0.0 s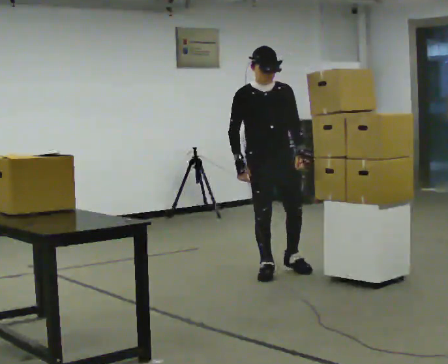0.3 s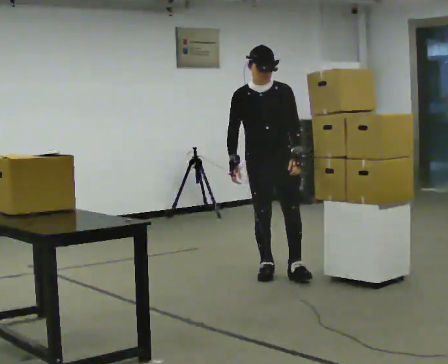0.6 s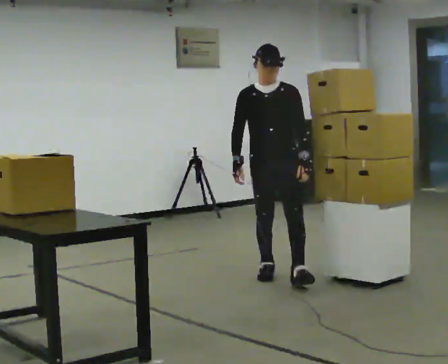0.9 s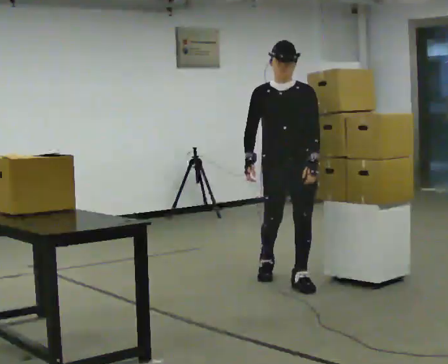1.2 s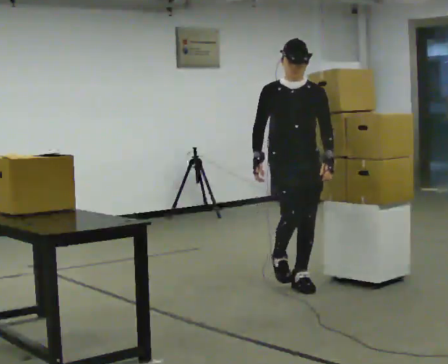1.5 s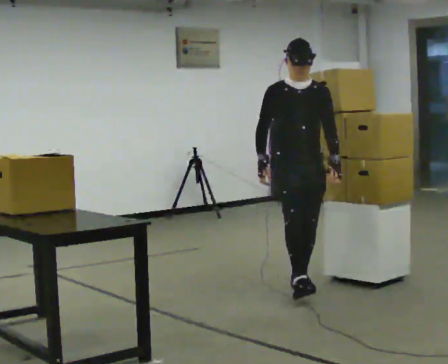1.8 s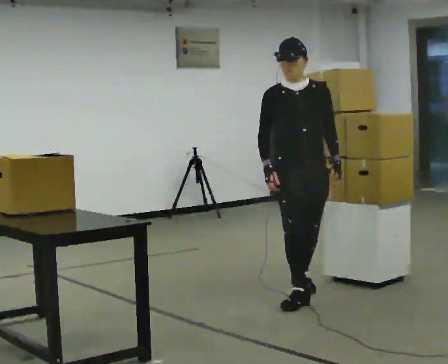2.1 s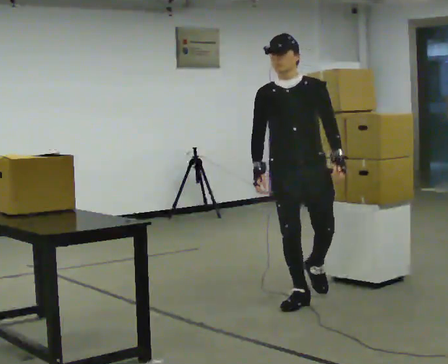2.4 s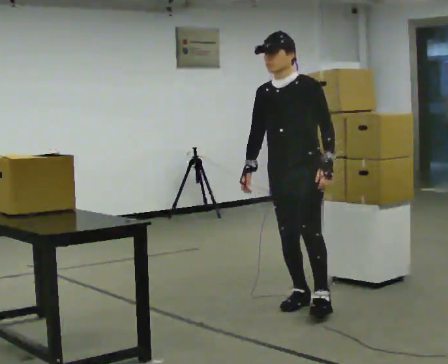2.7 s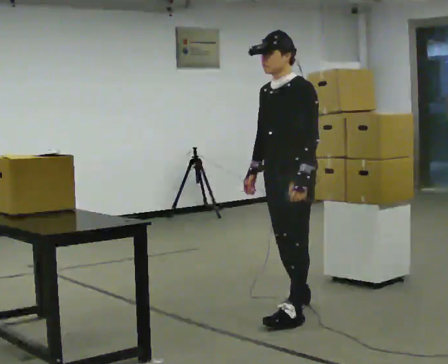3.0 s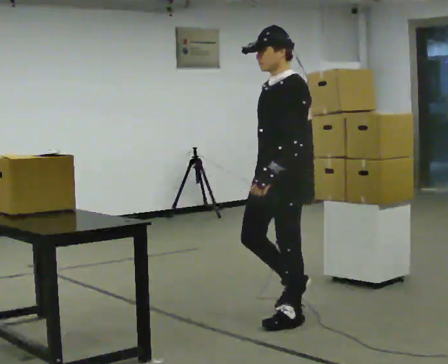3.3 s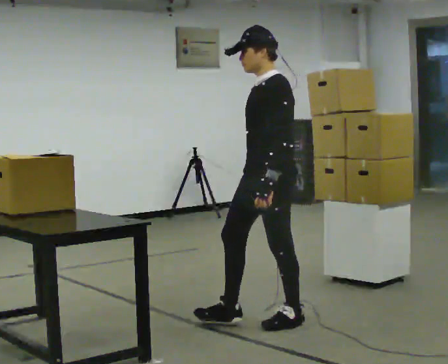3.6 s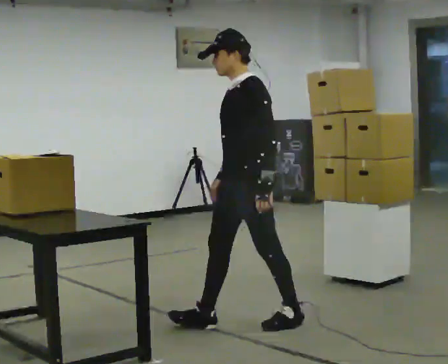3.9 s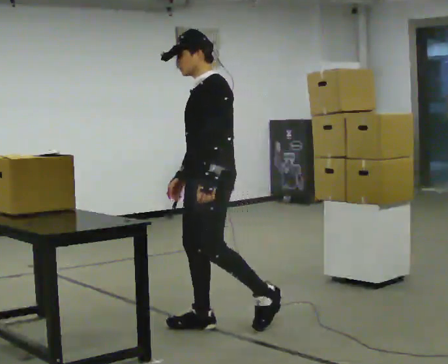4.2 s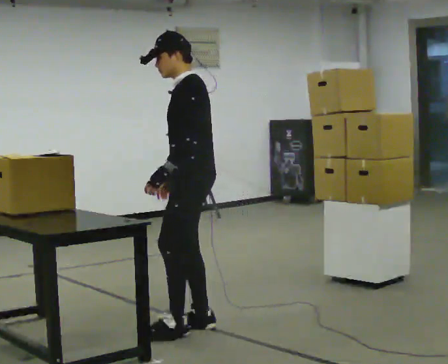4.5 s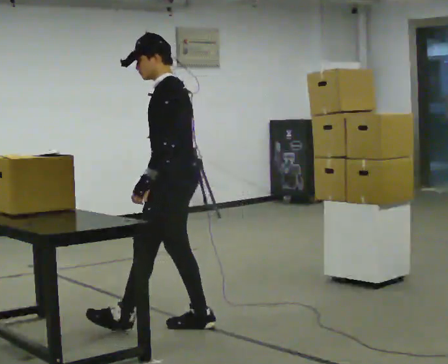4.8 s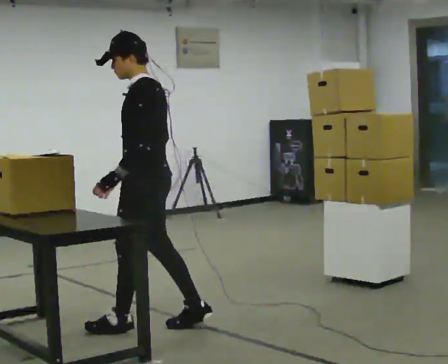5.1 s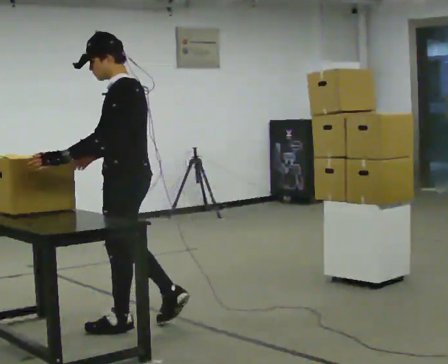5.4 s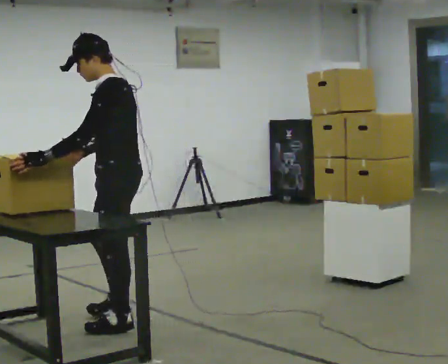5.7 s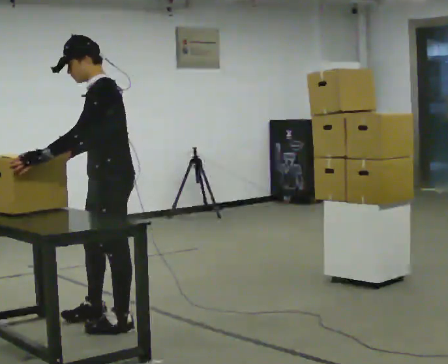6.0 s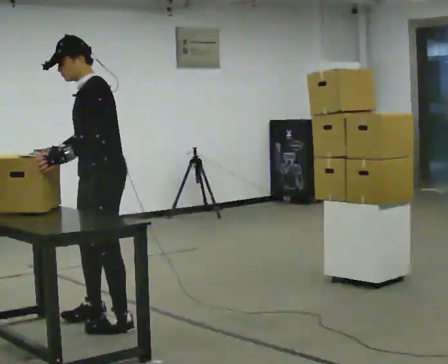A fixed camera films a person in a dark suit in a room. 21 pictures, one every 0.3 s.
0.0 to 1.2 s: In the picture they go toward the camera and to the right, about 0.5 m in 1 step, which for them is forward.
1.2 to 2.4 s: The part of the body nearest the lens slides to the left as the person turns to their right by about 45 degrees. In the picture they go toward the camera, about 0.5 m in 1 step, which for them is forward.
2.4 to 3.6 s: The person turns about 30 degrees to their right, clockwise seen from above, so the part of the body nearest the lens slides to the left. In the picture they go toward the camera and to the left, about 0.5 m in 2 steps, which for them is forward and to their left.
3.6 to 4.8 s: The person turns about 30 degrees to their right, clockwise seen from above, so the part of the body nearest the lens slides to the left. In the picture they go to the left, about 0.5 m in 1 step, which for them is forward.
4.8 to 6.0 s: Seen from above the body turns counterclockwise, about 30 degrees: to their left, with its near side sliding to the right. In the picture they go to the left, about 0.25 m in 1 step, which for them is forward and to their right.
The film runs forward here.
